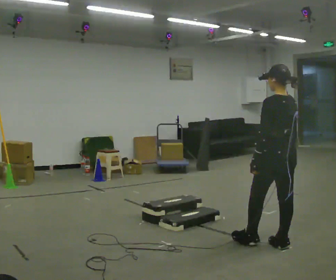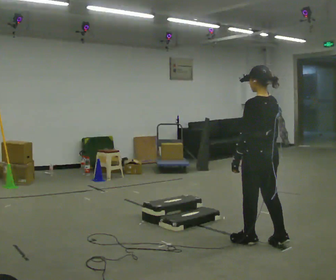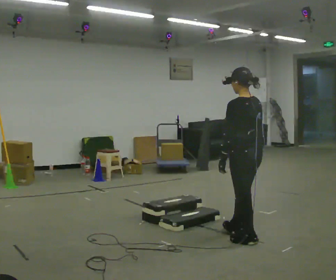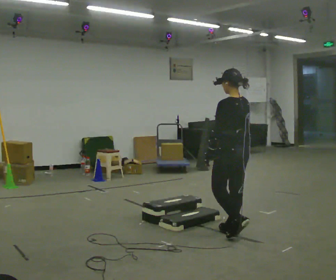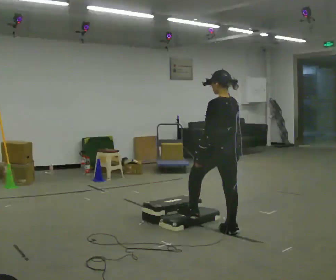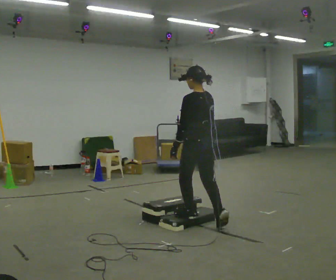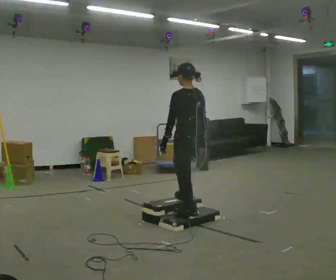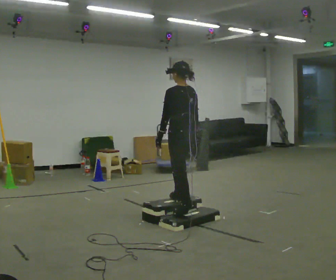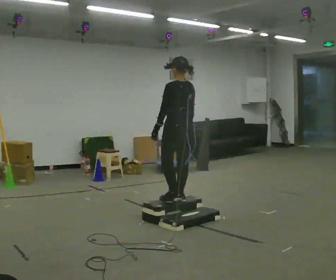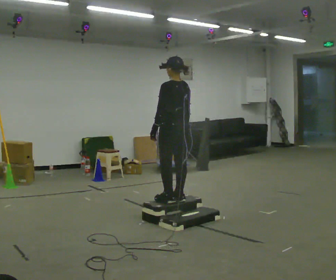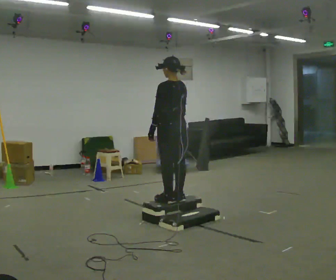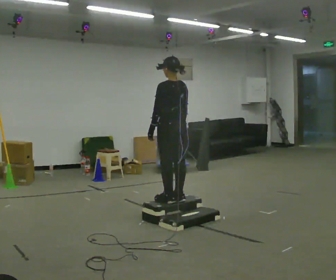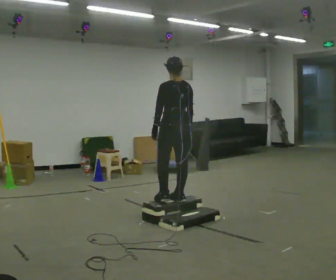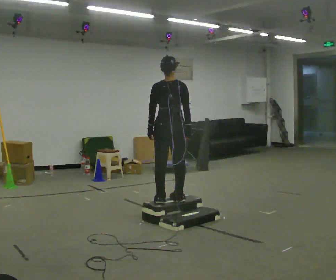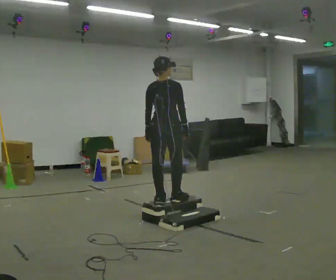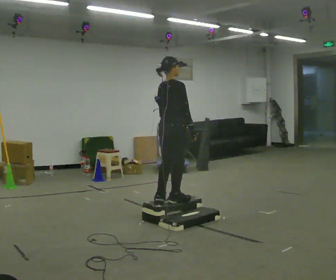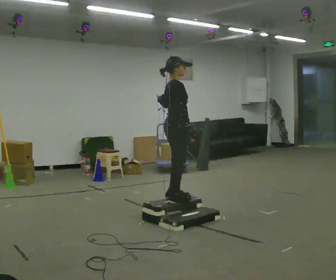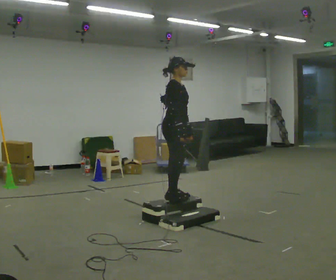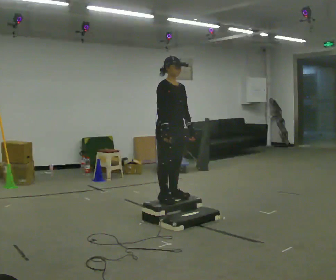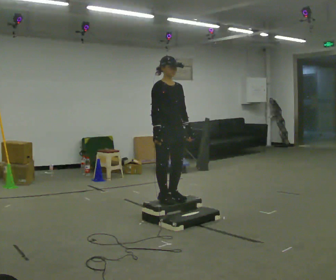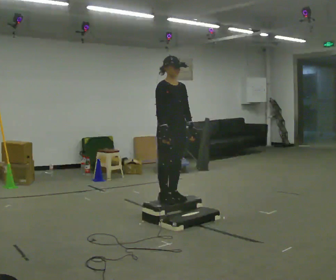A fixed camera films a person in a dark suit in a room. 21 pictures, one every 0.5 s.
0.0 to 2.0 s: In the picture they go away from the camera and to the left, about 0.75 m in 2 steps, which for them is forward.
2.0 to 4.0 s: In the picture they go away from the camera and to the left, about 0.75 m in 2 steps, which for them is forward. The shoulders move upward.
4.0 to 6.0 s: The person moves a little, or ends about where they began.
6.0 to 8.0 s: Seen from above the body turns clockwise, about 105 degrees: to their right, with its near side sliding to the left.
8.0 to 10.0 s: The part of the body nearest the lens slides to the left as the person turns to their right by about 60 degrees.
The film runs forward here.
